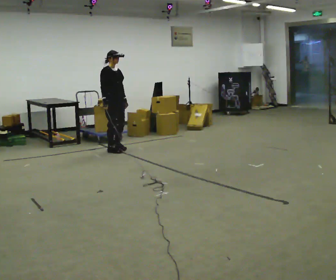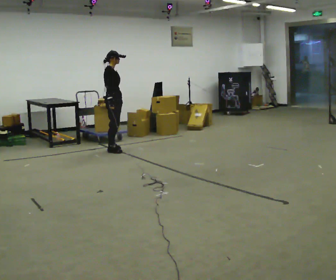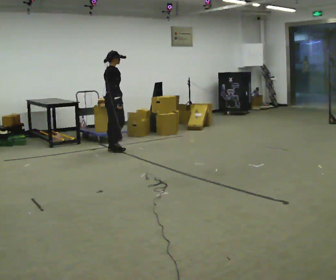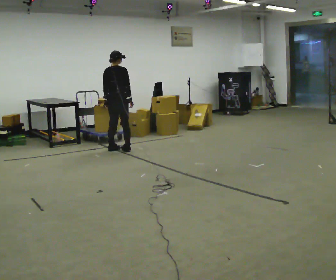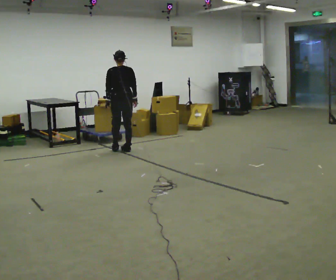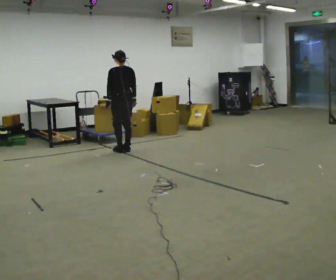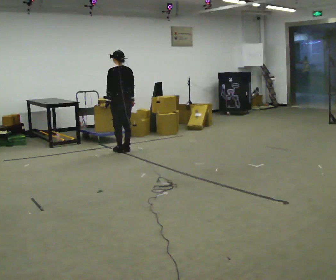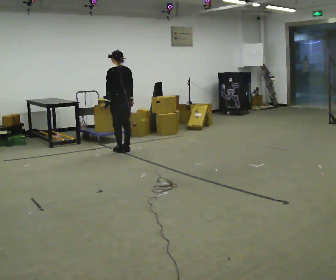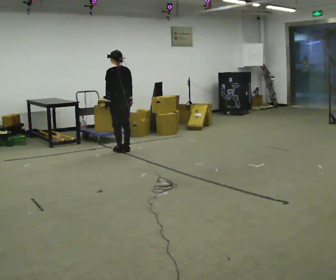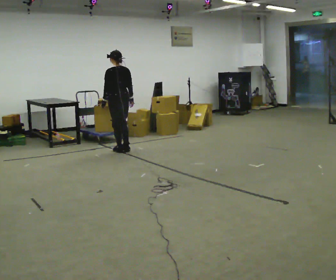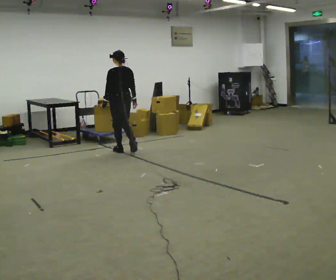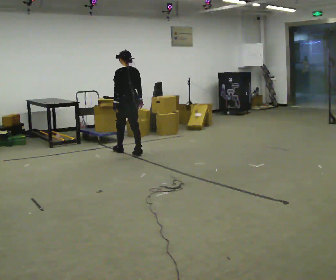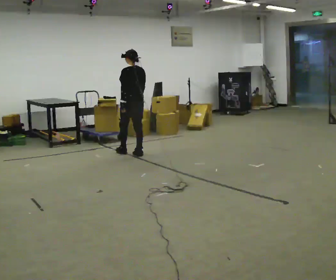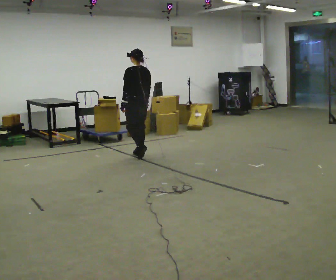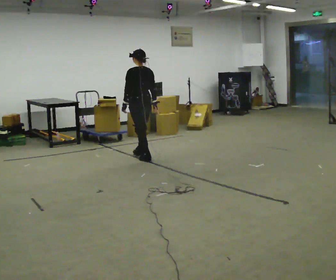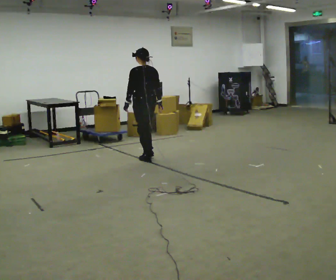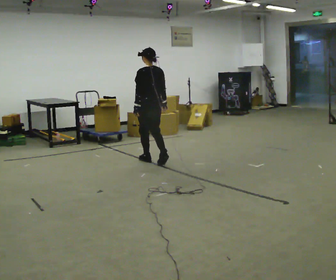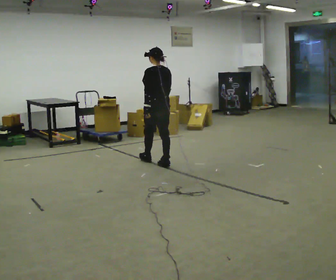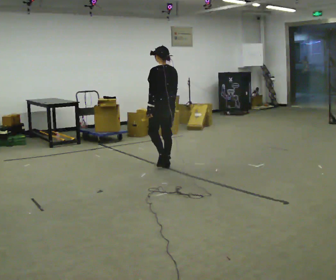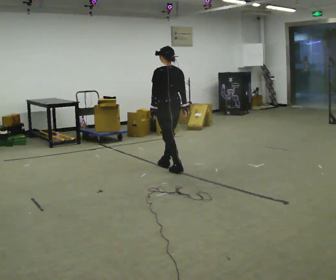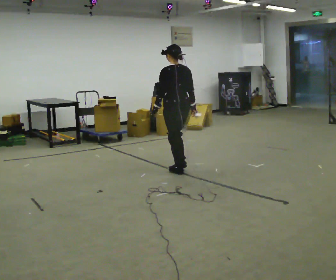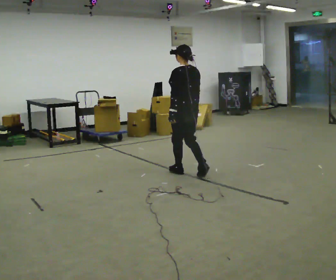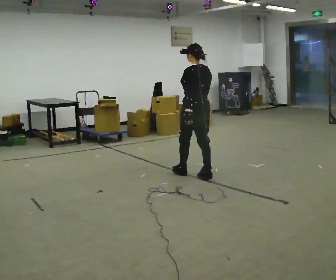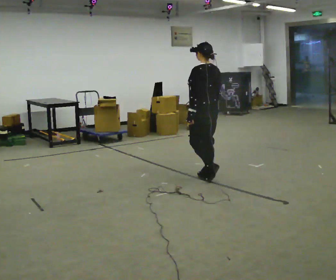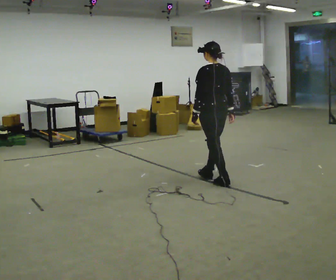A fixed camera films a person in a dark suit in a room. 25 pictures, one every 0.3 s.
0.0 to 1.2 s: The person turns about 135 degrees to their left, counterclockwise seen from above, so the part of the body nearest the lens slides to the right. In the picture they go to the right, about 0.25 m in 2 steps. In the picture their right hand goes to the right.
1.2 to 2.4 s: The part of the body nearest the lens slides to the right as the person turns to their left by about 30 degrees.
2.4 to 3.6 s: In the picture they go toward the camera and to the right, about 0.25 m in 2 steps, which for them is backward.
3.6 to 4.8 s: In the picture they go toward the camera and to the right, about 0.5 m in 1 step, which for them is backward.
4.8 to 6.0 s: In the picture they go toward the camera and to the right, about 0.75 m in 2 steps, which for them is backward.
6.0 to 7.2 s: In the picture they go toward the camera and to the right, about 0.5 m in 1 step, which for them is backward.
The film runs backward here.
